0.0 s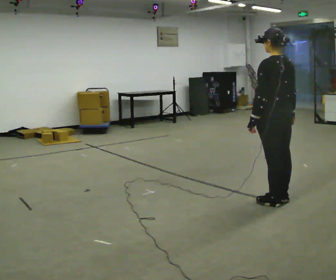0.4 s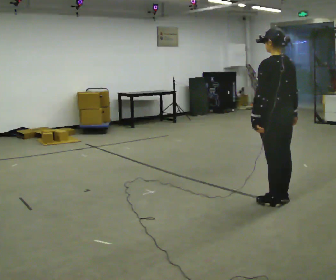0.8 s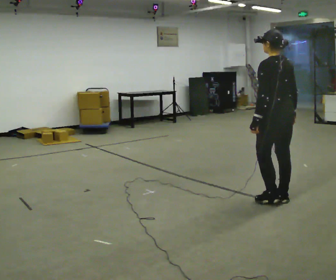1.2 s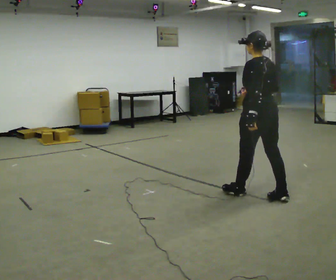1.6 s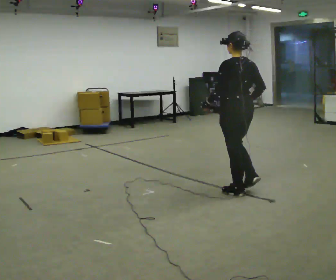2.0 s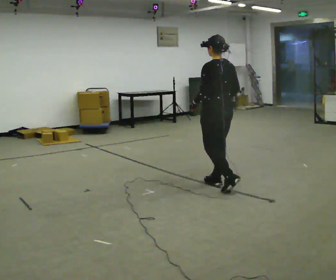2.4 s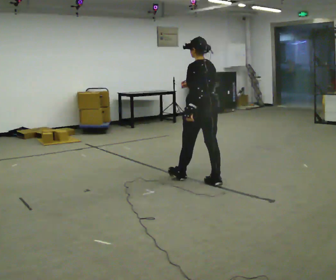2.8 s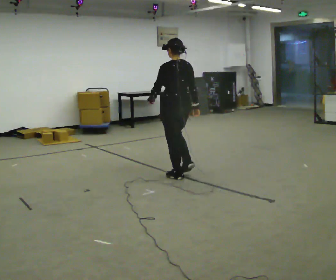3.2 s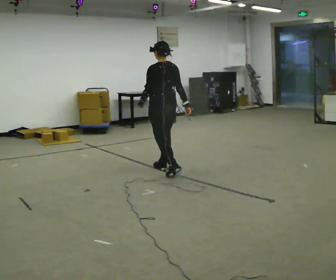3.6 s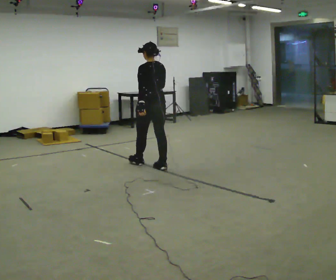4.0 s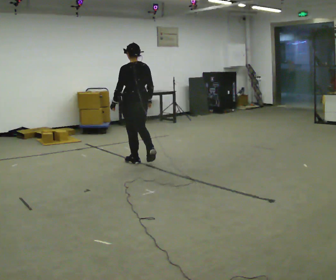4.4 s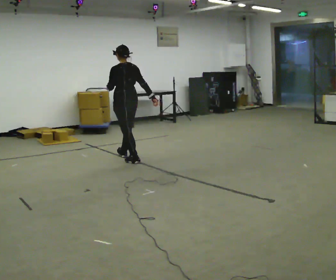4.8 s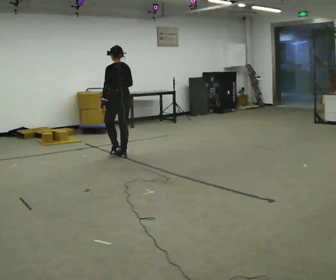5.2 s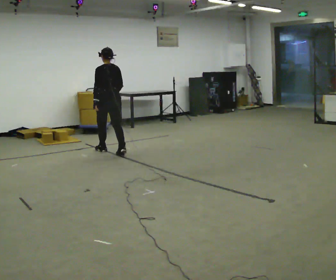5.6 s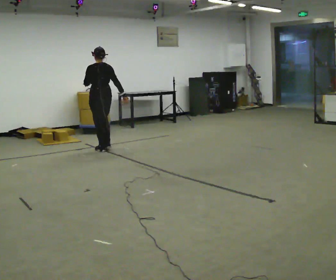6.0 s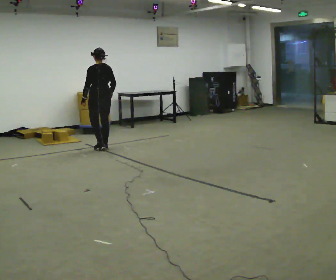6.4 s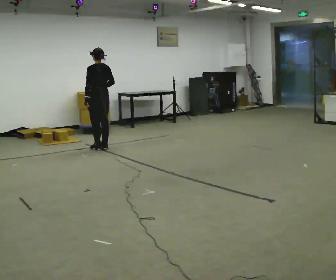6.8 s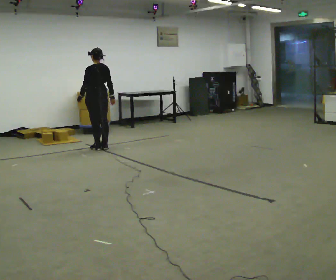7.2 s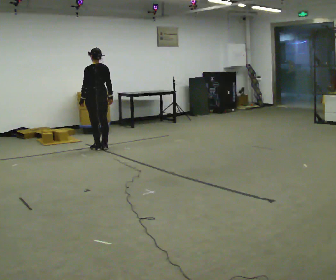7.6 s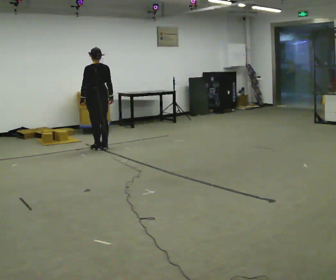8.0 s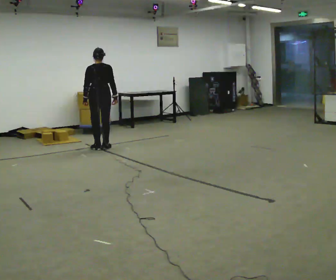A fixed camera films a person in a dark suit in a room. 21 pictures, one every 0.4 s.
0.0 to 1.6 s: In the picture they go away from the camera and to the left, about 0.5 m in 1 step, which for them is forward.
1.6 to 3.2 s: In the picture they go away from the camera and to the left, about 1 m in 3 steps, which for them is forward.
3.2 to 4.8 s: In the picture they go away from the camera and to the left, about 1 m in 2 steps, which for them is forward.
4.8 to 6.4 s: In the picture they go away from the camera and to the left, about 0.5 m in 2 steps, which for them is forward.
6.4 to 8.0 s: Seen from above the body turns clockwise, about 30 degrees: to their right, with its near side sliding to the left.
The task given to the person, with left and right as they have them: Start still; walk straight at normal comfortable speed; stop at endpoint.
The film runs forward here.
